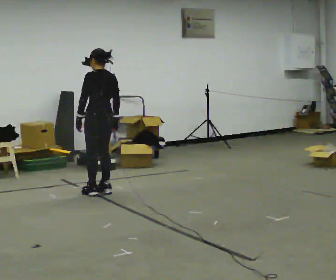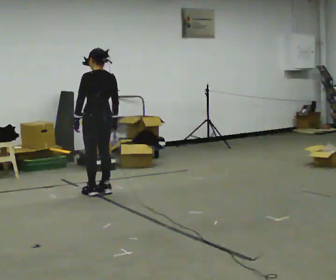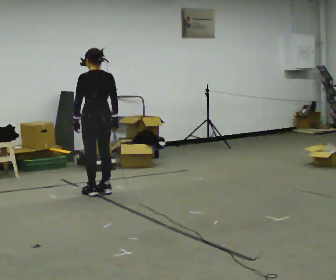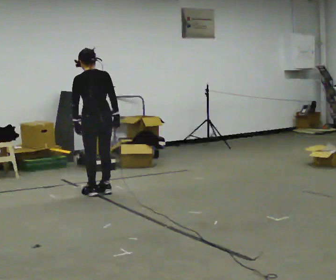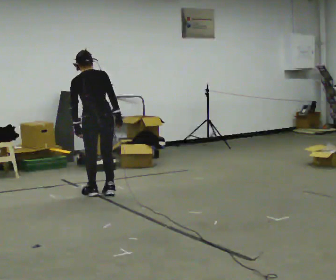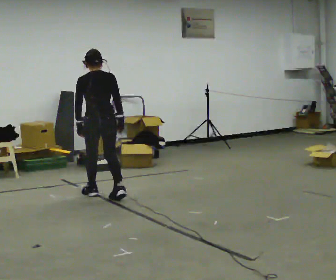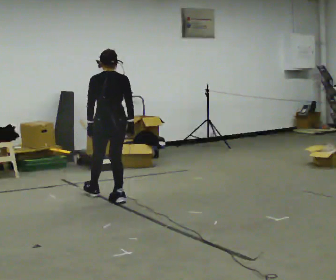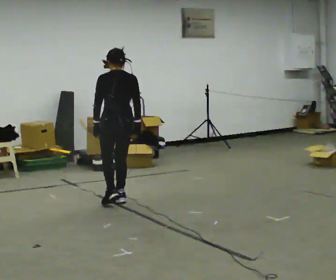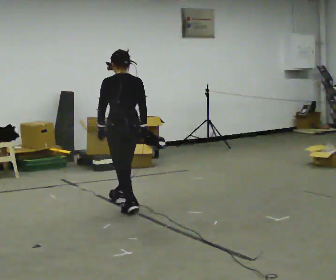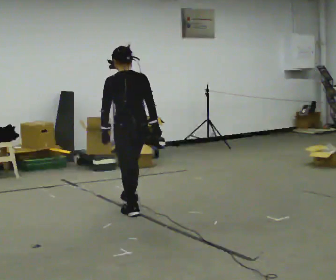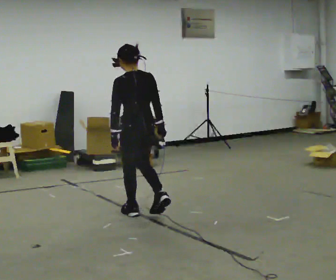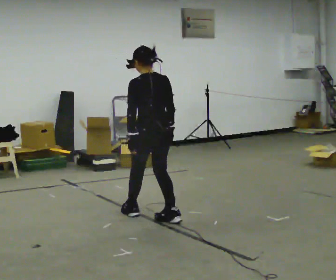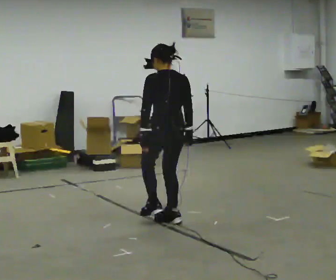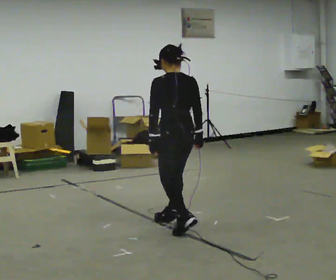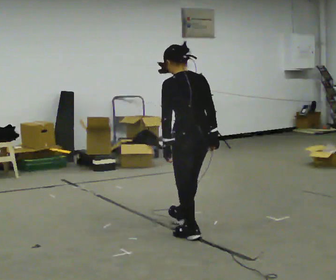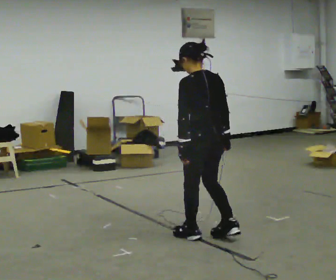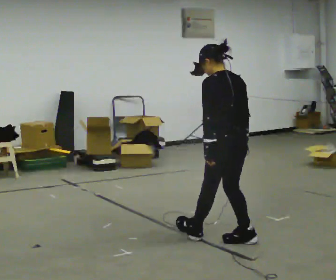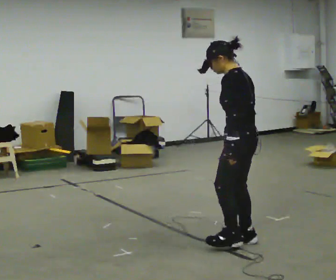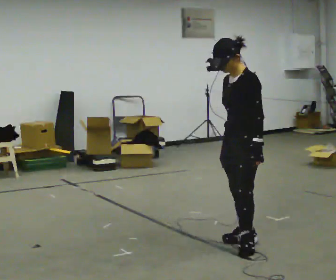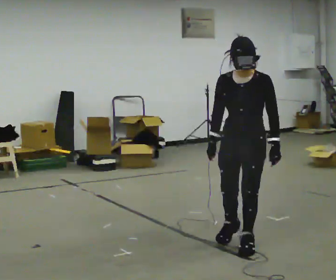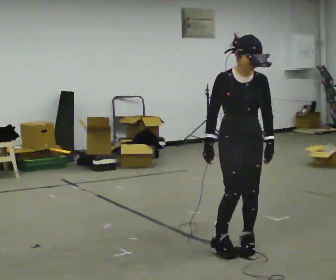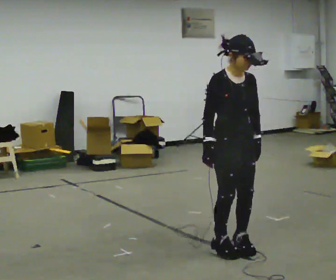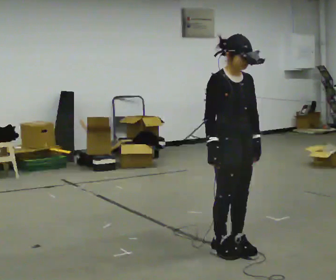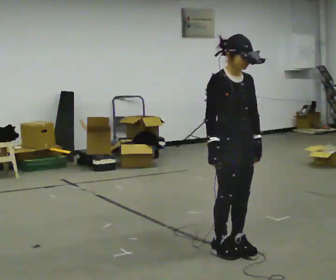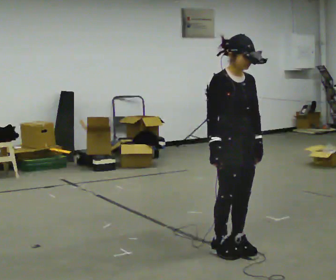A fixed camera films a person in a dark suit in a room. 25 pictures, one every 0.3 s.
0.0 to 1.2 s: The part of the body nearest the lens slides to the left as the person turns to their right by about 30 degrees. In the picture they go toward the camera, about 0.25 m, which for them is backward. In the picture the upper body tilts counterclockwise, shoulders to the left.
1.2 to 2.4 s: In the picture they go toward the camera and to the right, about 0.5 m in 1 step, which for them is backward and to their right.
2.4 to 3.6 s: In the picture they go toward the camera and to the right, about 0.75 m in 2 steps, which for them is backward.
3.6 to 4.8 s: In the picture they go toward the camera and to the right, about 0.5 m in 2 steps, which for them is backward.
4.8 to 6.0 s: The part of the body nearest the lens slides to the right as the person turns to their left by about 150 degrees. In the picture they go toward the camera, about 0.25 m in 1 step. In the picture their right hand goes to the left, the arm swinging clockwise.
6.0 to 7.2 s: The person moves a little, or ends about where they began.
The film runs forward here.
